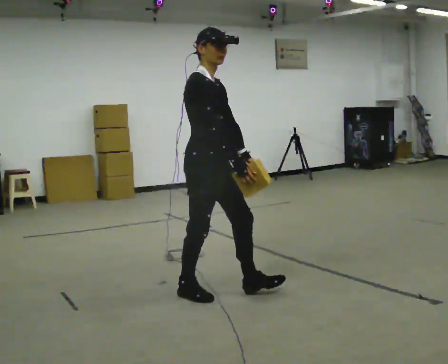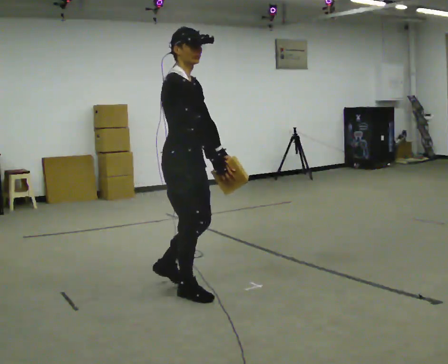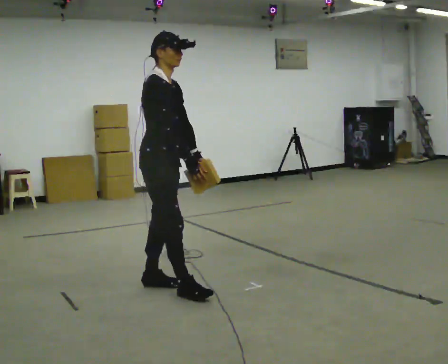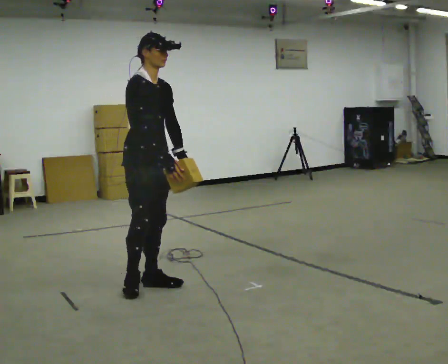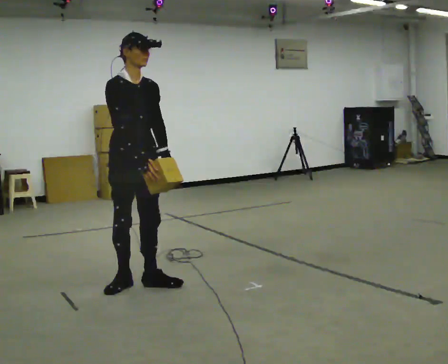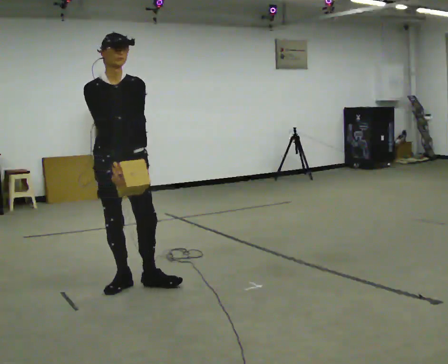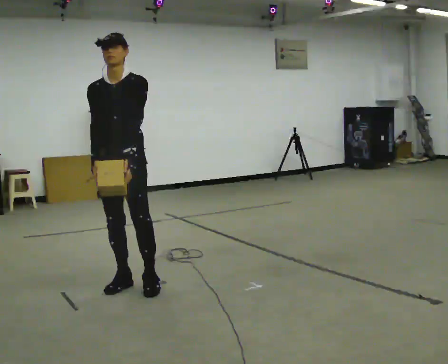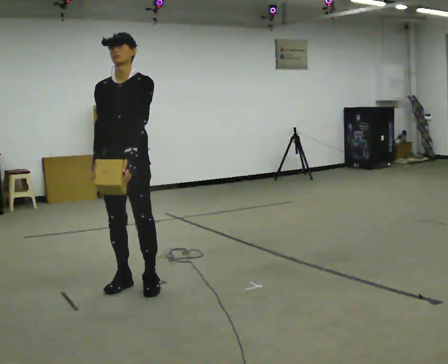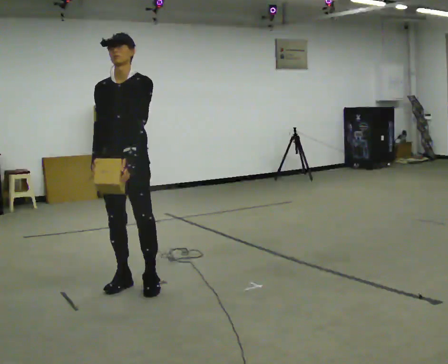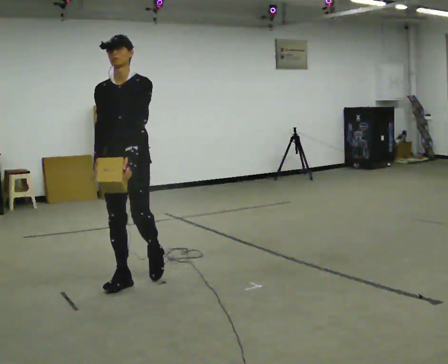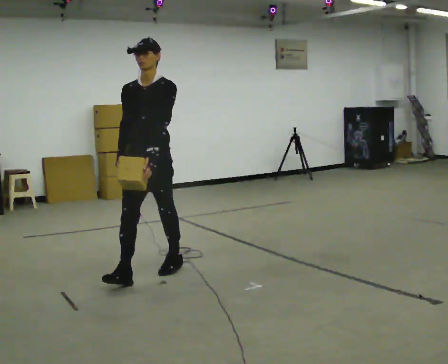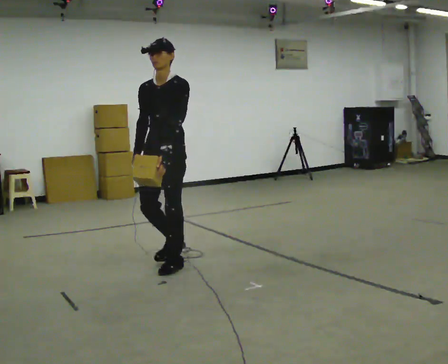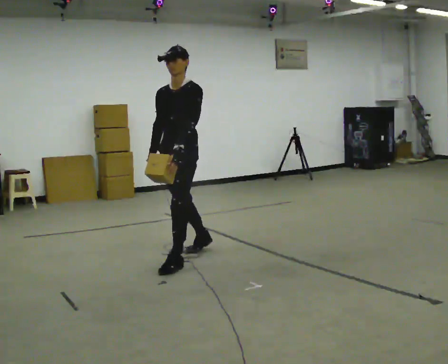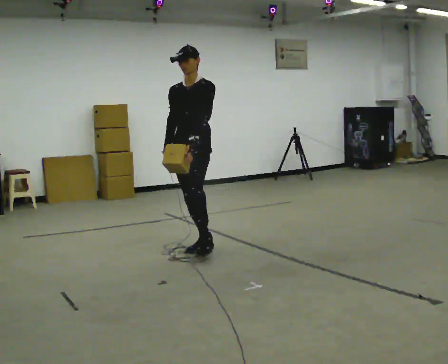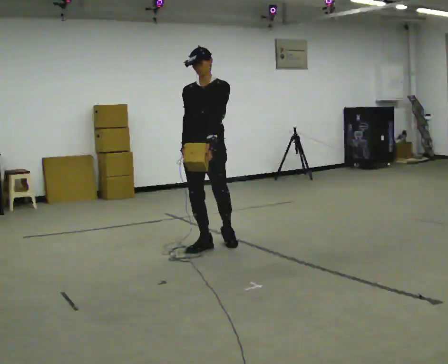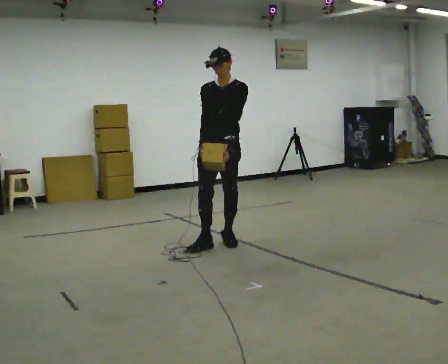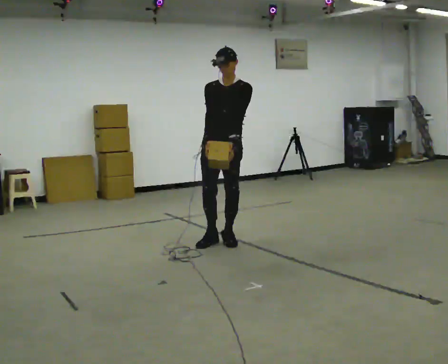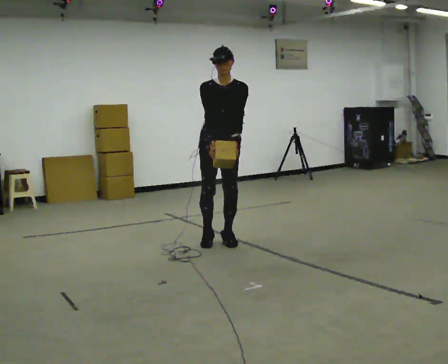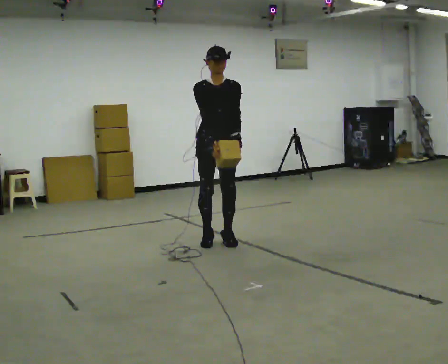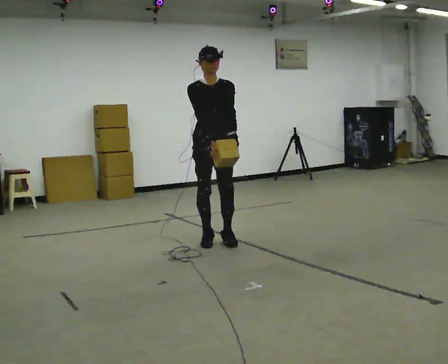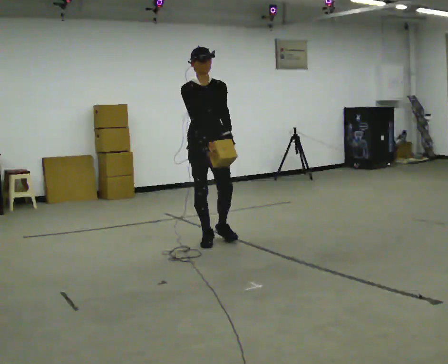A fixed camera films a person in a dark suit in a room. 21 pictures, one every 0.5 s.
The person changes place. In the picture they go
away from the camera.
0.0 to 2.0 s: The part of the body nearest the lens slides to the left as the person turns to their right by about 30 degrees. In the picture they go to the left and away from the camera, about 0.5 m in 1 step, which for them is backward.
2.0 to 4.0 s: Seen from above the body turns clockwise, about 60 degrees: to their right, with its near side sliding to the left. In the picture their right hand goes to the left.
4.0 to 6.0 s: In the picture they go away from the camera and to the right, about 0.5 m in 2 steps, which for them is backward.
6.0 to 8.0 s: In the picture they go away from the camera and to the right, about 0.5 m in 2 steps, which for them is backward.
8.0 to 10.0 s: Seen from above the body turns counterclockwise, about 30 degrees: to their left, with its near side sliding to the right. In the picture they go to the left, about 0.25 m in 1 step, which for them is to their right.
The film runs backward here.
